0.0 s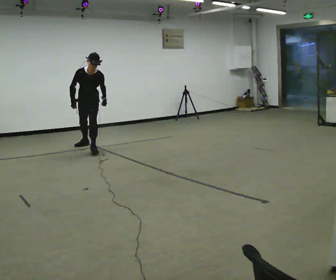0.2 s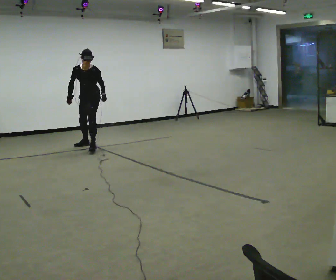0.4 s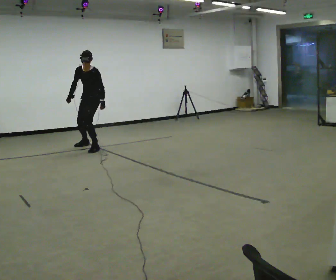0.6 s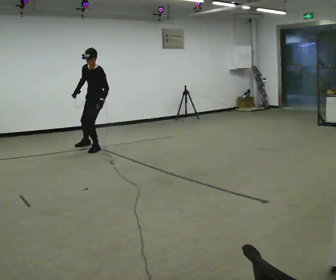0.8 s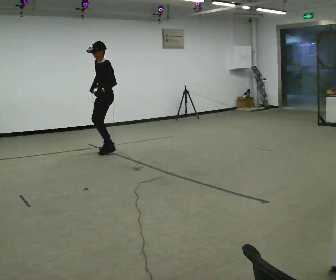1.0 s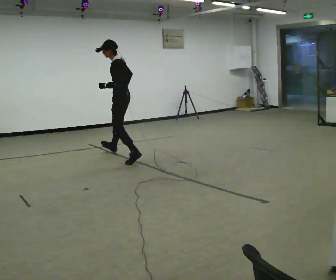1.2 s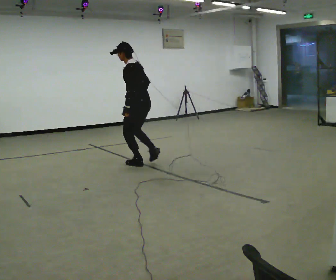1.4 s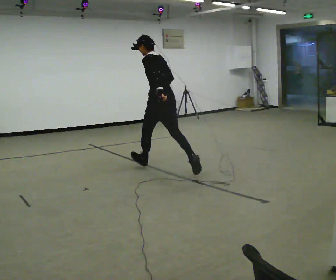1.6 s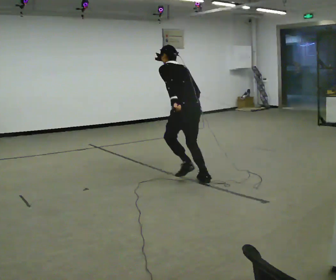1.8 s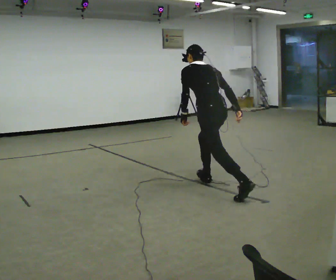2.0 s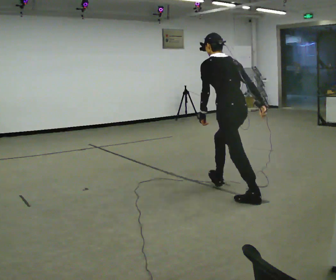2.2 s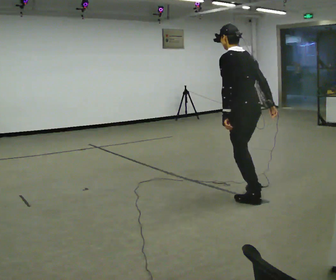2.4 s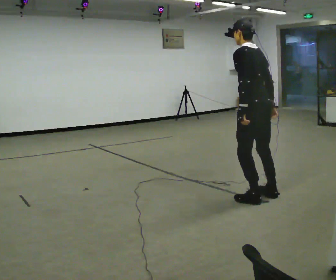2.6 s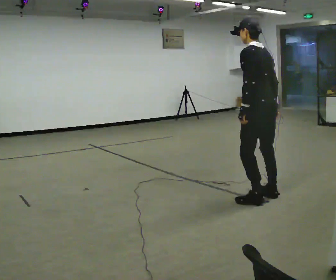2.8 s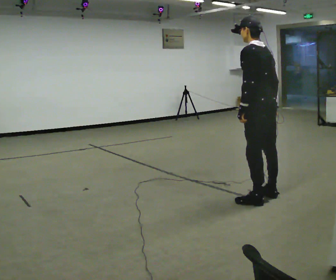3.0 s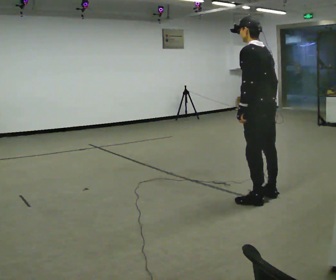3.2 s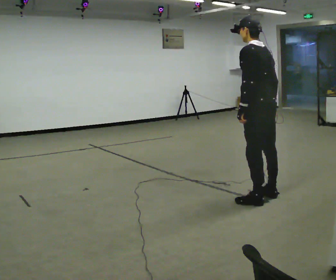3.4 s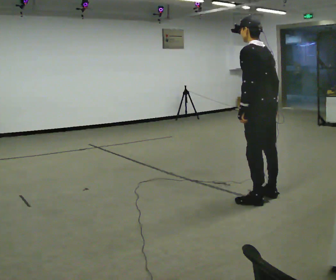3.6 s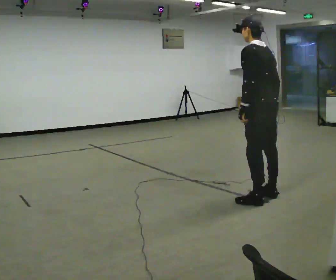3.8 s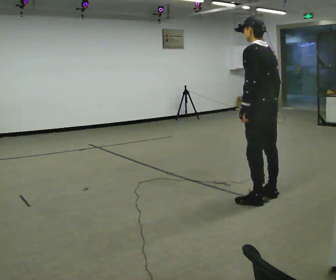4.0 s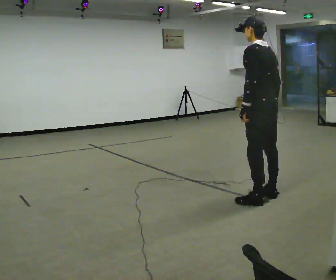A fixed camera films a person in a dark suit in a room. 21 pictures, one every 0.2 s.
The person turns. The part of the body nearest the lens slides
to the left.
The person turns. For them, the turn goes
to their right.
0.0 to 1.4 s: The part of the body nearest the lens slides to the left as the person turns to their right by about 135 degrees. In the picture they go to the right and toward the camera, about 2 m in 4 steps. The upper body tips away from the camera, its near side rolling upward.
1.4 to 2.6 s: In the picture they go to the right and toward the camera, about 1.5 m in 1 step, which for them is backward.
2.6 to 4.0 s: The person moves a little, or ends about where they began.
The film runs backward here.
